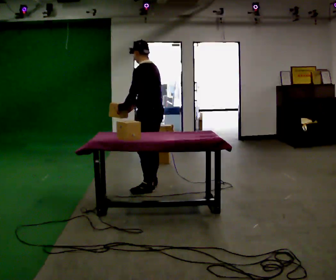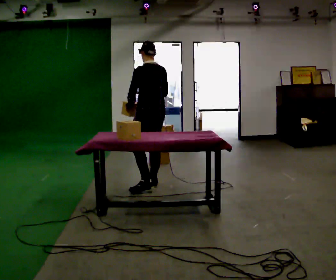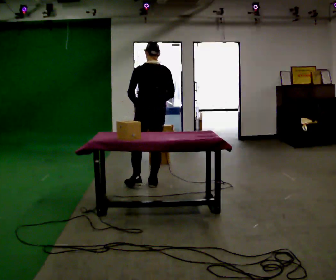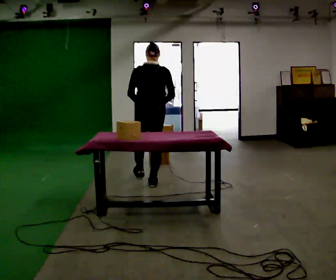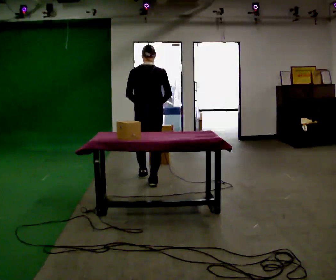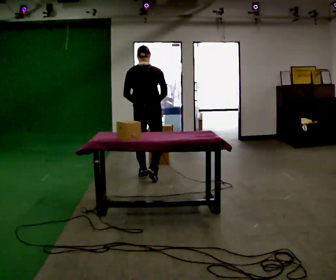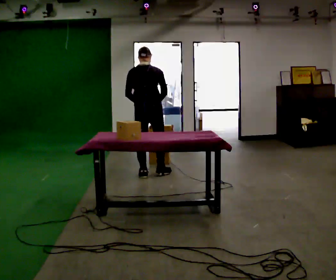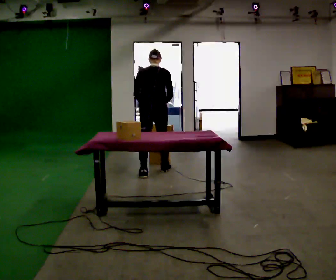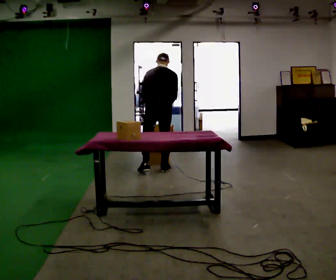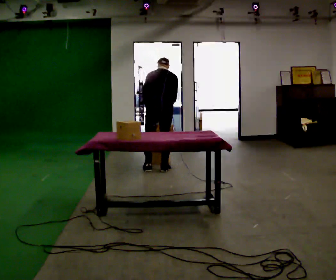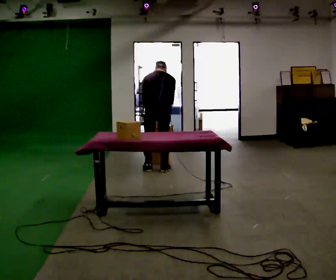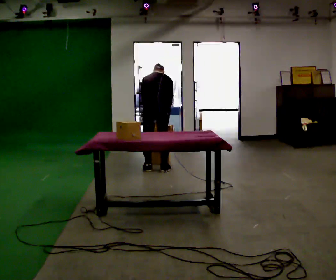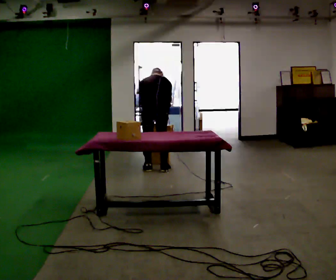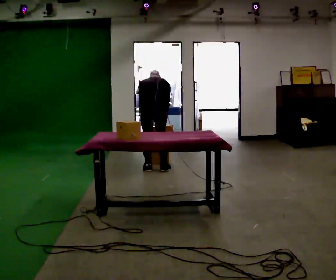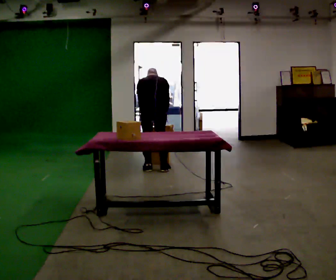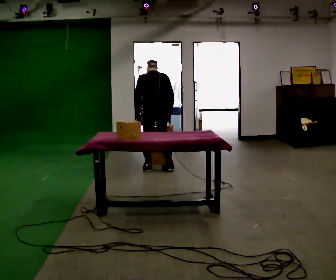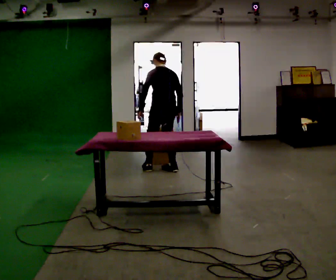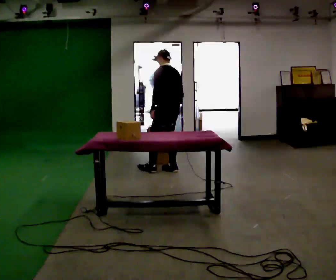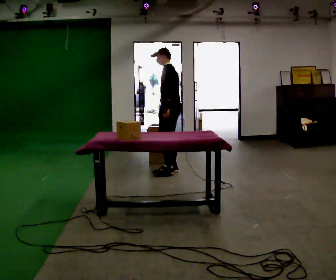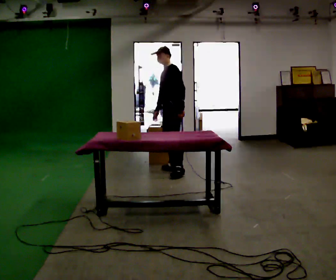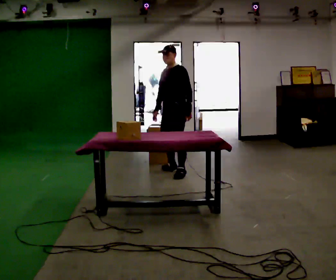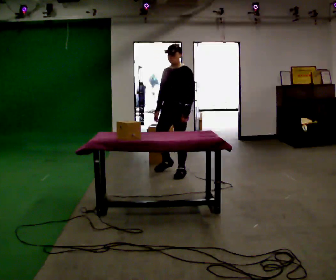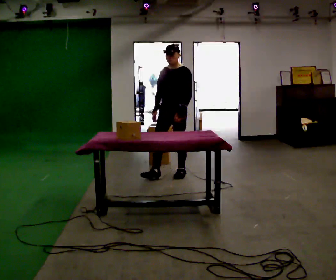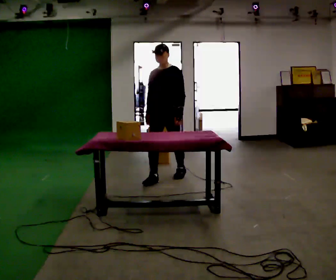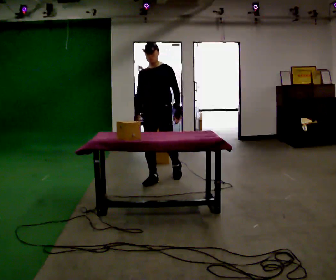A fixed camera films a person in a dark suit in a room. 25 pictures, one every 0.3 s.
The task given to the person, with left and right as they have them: Carry the object across the room and slide it into the slot on the shelf. It is a close fit, so take the time you need. Keep going until the operator says stop; one object at a time, and do not rush between trips.
0.0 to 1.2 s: The person turns about 75 degrees to their right, clockwise seen from above, so the part of the body nearest the lens slides to the left. In the picture they go away from the camera, about 0.25 m in 1 step.
1.2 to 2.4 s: In the picture they go away from the camera, about 0.5 m in 1 step, which for them is forward. The upper body tips away from the camera, its near side rolling upward, as they bend forward.
2.4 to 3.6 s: The upper body tips away from the camera, its near side rolling upward, as they bend forward.
3.6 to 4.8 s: Seen from above the body turns counterclockwise, about 30 degrees: to their left, with its near side sliding to the right. The upper body tips toward the camera, its near side rolling downward, as they lean back or straighten.
4.8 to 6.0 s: The part of the body nearest the lens slides to the right as the person turns to their left by about 105 degrees. In the picture they go to the right, about 0.25 m in 1 step. In the picture their left hand goes to the right, the arm swinging counterclockwise.
6.0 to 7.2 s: The person turns about 30 degrees to their left, counterclockwise seen from above, so the part of the body nearest the lens slides to the right. In the picture they go toward the camera and to the left, about 0.5 m in 1 step, which for them is forward.
The film runs forward here.
